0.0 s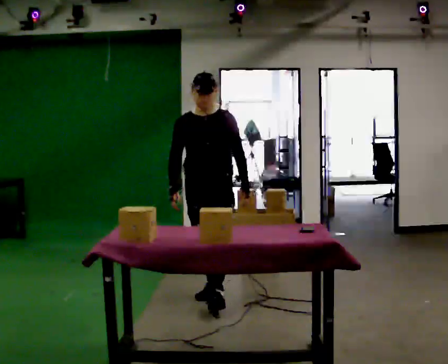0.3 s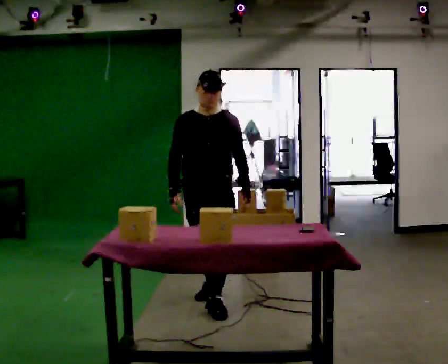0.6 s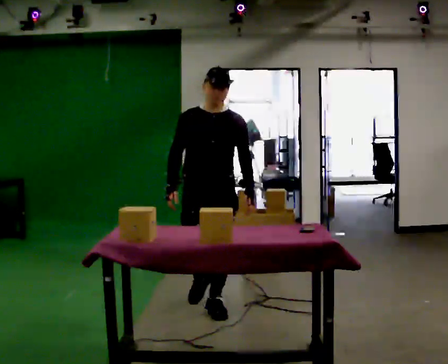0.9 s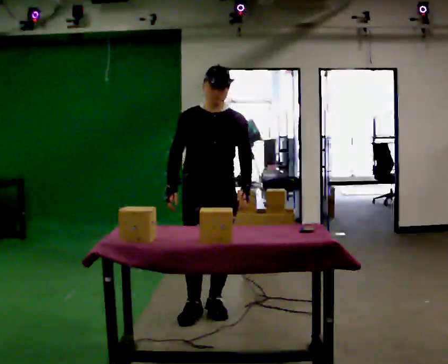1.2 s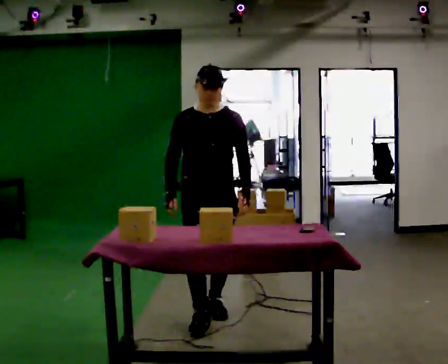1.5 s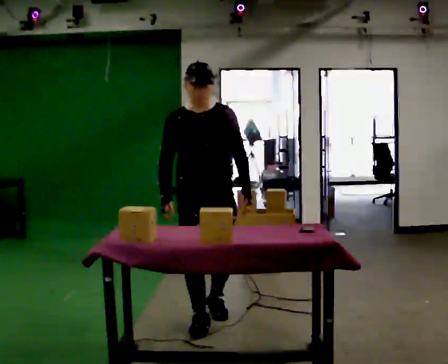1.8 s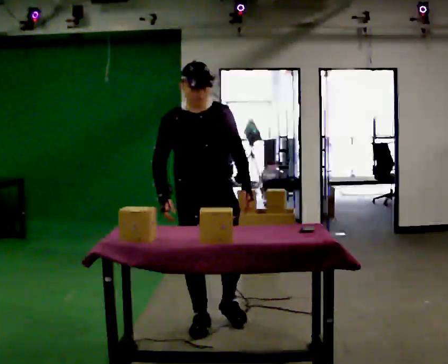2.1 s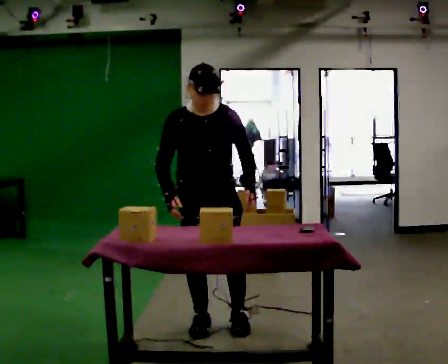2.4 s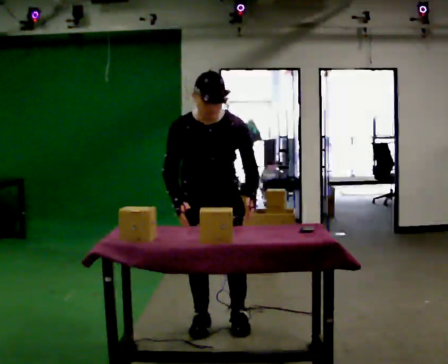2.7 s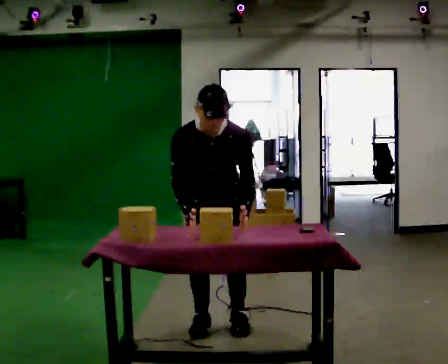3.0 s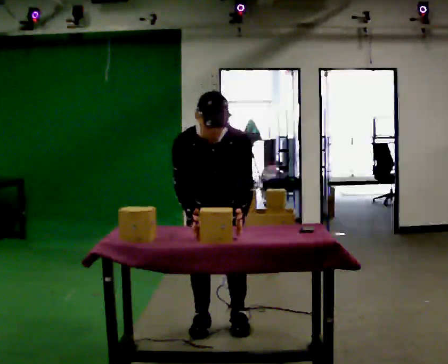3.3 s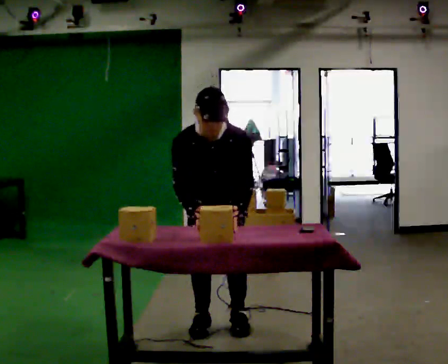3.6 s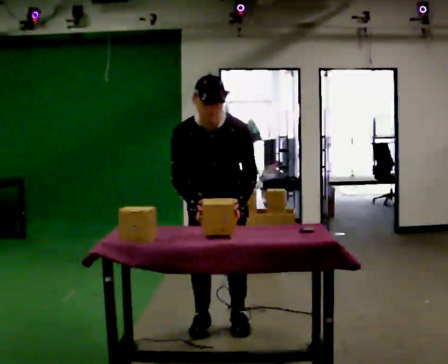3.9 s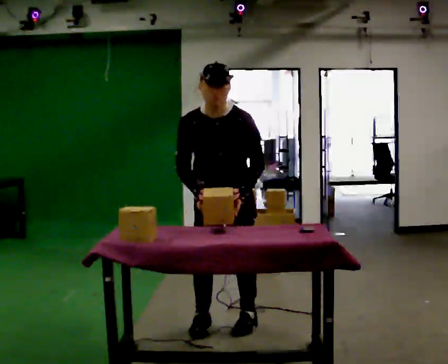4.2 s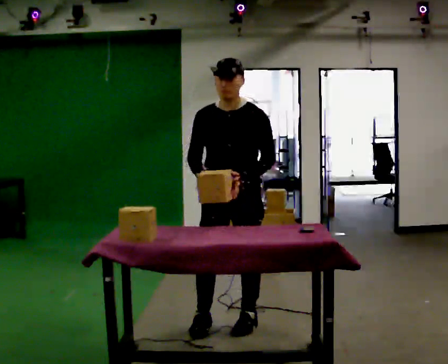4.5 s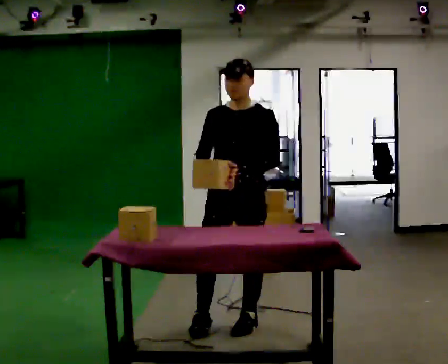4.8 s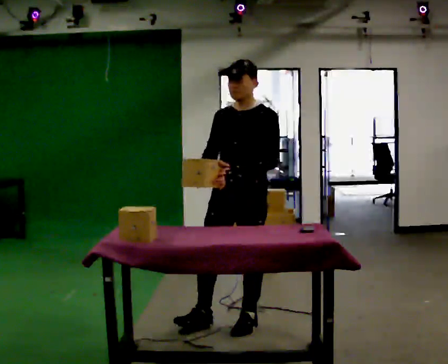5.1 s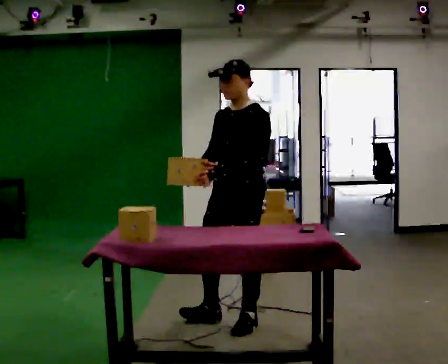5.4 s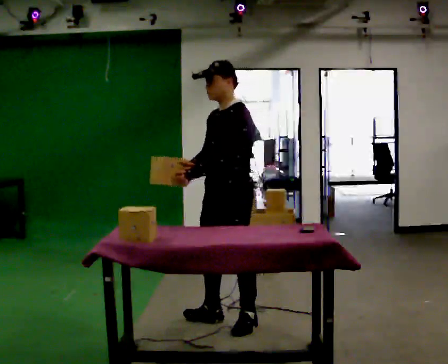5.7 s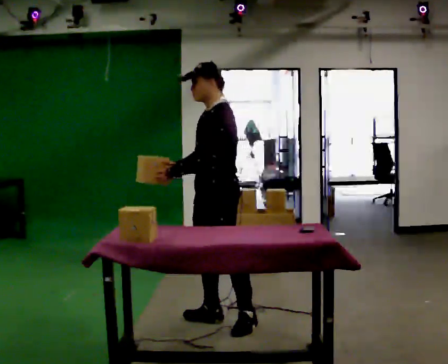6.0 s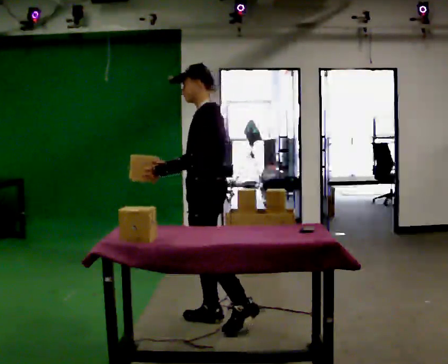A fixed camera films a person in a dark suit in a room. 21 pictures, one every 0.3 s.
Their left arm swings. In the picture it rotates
clockwise.
0.0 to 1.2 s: In the picture they go toward the camera, about 0.5 m in 1 step, which for them is forward.
1.2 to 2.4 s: In the picture they go toward the camera, about 0.25 m in 1 step, which for them is forward. The upper body tips toward the camera, its near side rolling downward, as they bend forward.
2.4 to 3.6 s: The person moves a little, or ends about where they began.
3.6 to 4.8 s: The part of the body nearest the lens slides to the left as the person turns to their right by about 30 degrees. In the picture they go to the right, about 0.25 m, which for them is to their left. The upper body tips away from the camera, its near side rolling upward, as they lean back or straighten.
4.8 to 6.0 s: Seen from above the body turns clockwise, about 60 degrees: to their right, with its near side sliding to the left. In the picture they go to the left, about 0.25 m, which for them is to their right.
The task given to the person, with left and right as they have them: 1. Clear everything off the table and put it away on the shelves. 2. Then set the table back up the way the operator shows you in the photo. 3. Tell the operator when you are finished.
The film runs forward here.
